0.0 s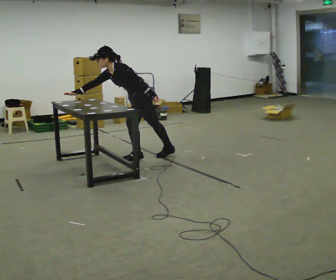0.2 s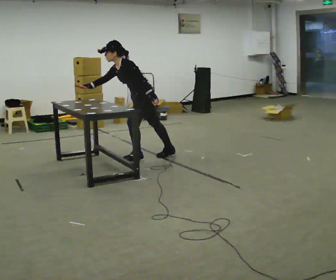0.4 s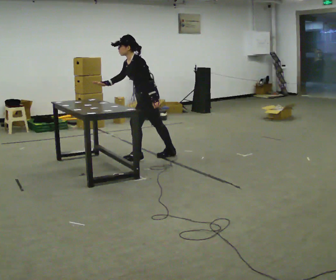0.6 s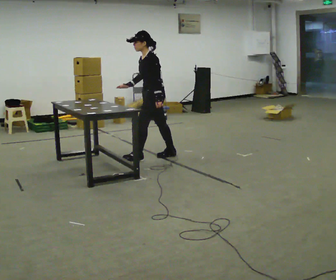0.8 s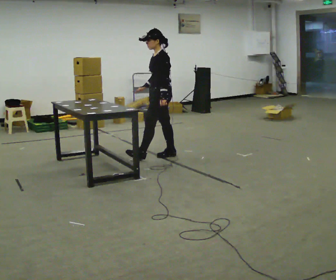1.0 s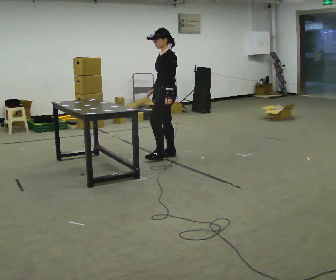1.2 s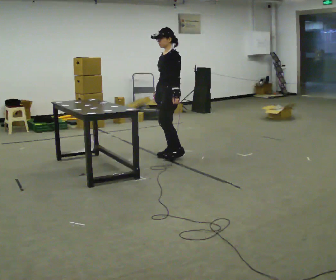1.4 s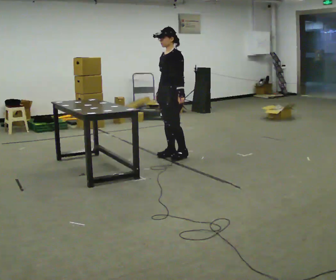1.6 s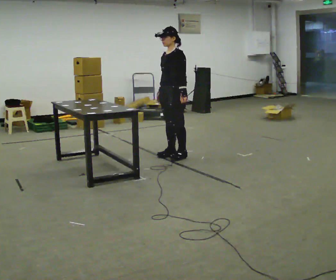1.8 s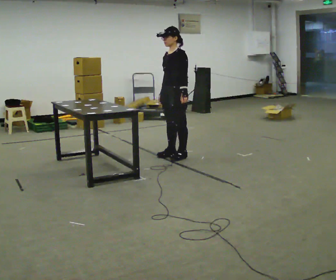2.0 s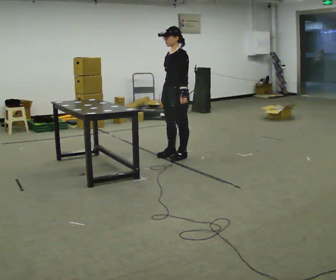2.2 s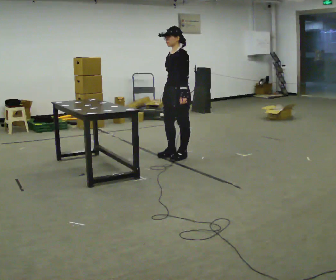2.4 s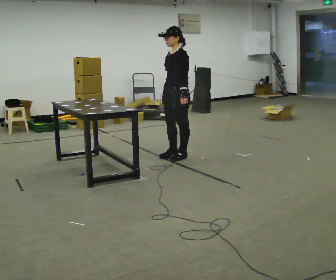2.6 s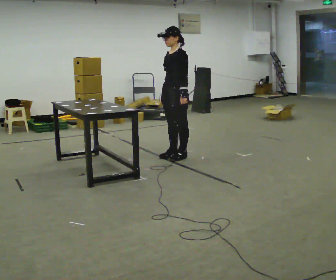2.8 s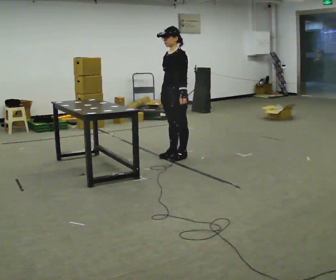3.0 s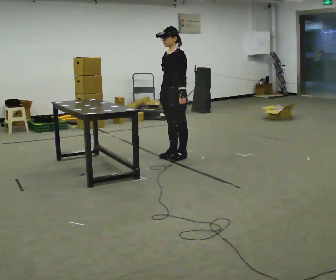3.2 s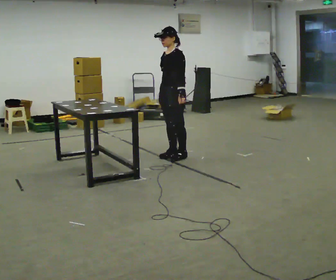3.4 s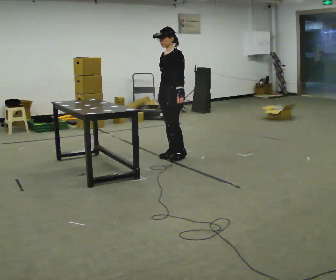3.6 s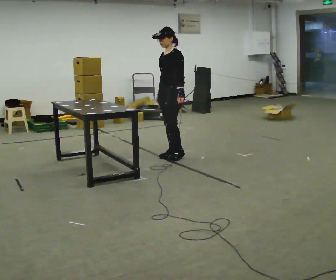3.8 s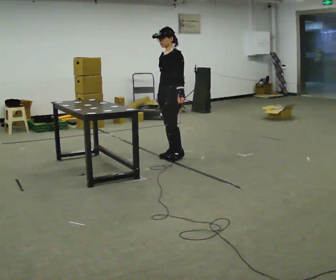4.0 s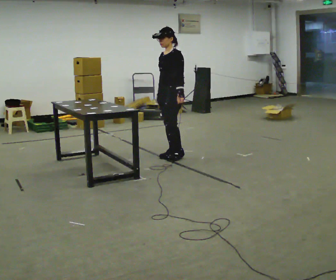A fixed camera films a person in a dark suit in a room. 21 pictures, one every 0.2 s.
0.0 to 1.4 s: In the picture they go to the right and away from the camera, about 0.5 m in 1 step, which for them is backward. The shoulders move upward. In the picture the upper body tilts clockwise, shoulders to the right, as they lean back or straighten.
1.4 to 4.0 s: The person moves a little, or ends about where they began.
The film runs forward here.
